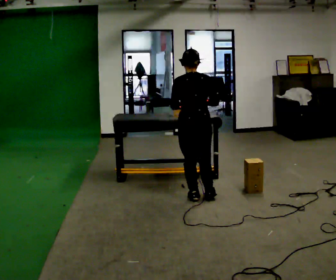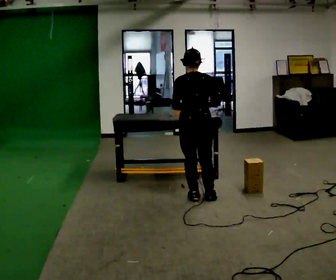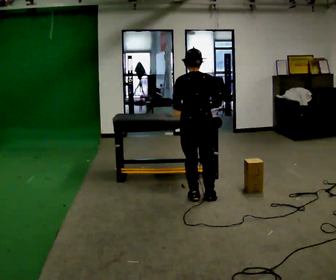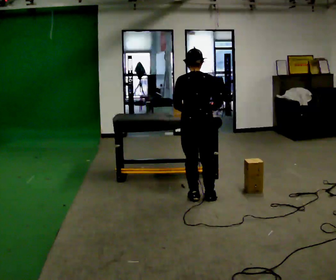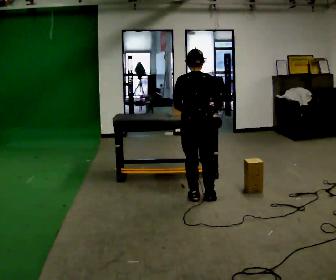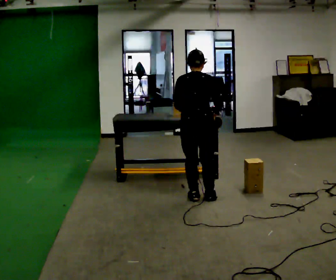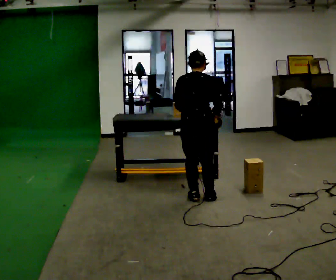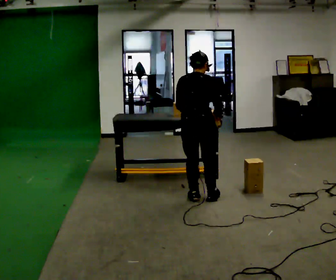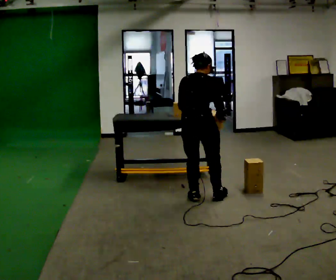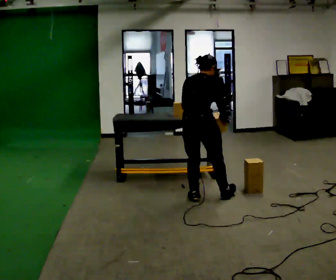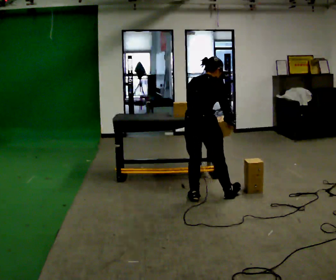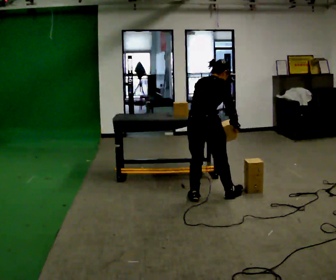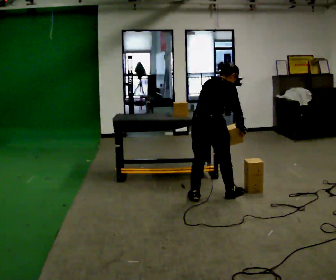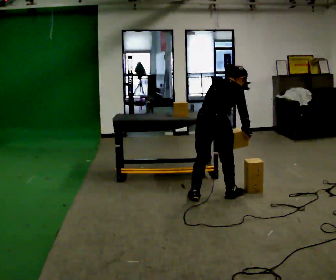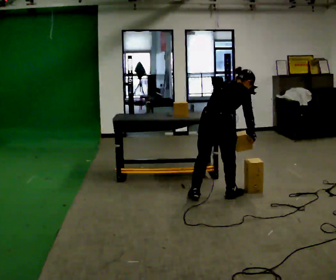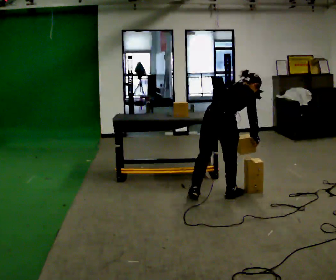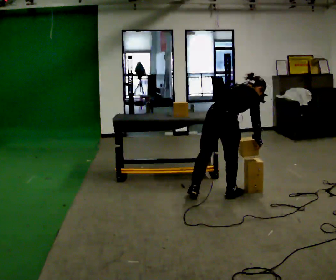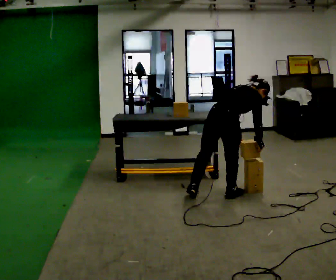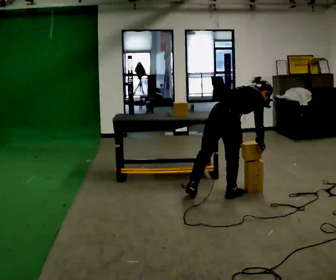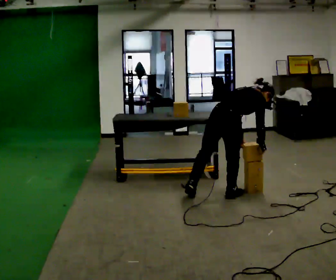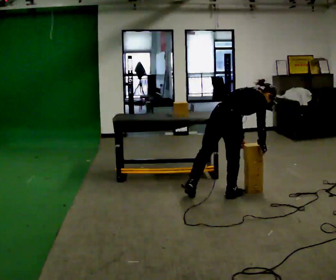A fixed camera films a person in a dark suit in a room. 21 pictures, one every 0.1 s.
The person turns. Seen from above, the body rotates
clockwise.
Their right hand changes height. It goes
downward.
0.0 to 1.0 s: Seen from above the body turns clockwise, about 45 degrees: to their right, with its near side sliding to the left. The upper body tips away from the camera, its near side rolling upward, as they bend forward.
1.0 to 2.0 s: In the picture they go to the right, about 0.25 m, which for them is to their right and forward. In the picture the upper body tilts clockwise, shoulders to the right, as they bend forward.
The film runs backward here.
